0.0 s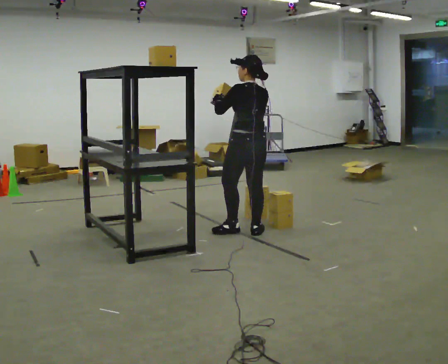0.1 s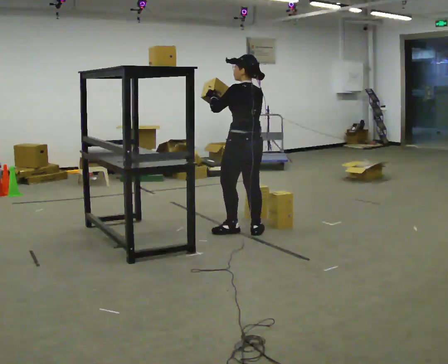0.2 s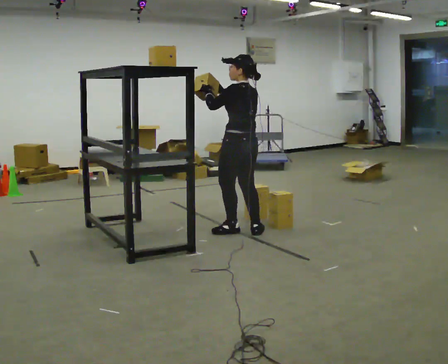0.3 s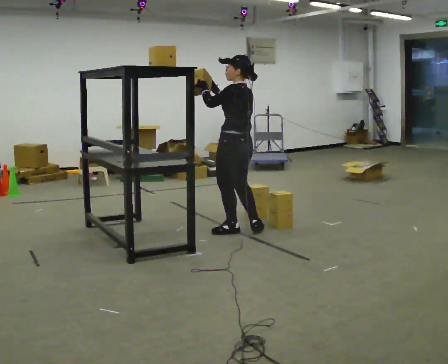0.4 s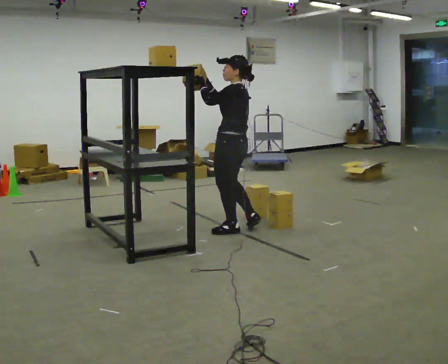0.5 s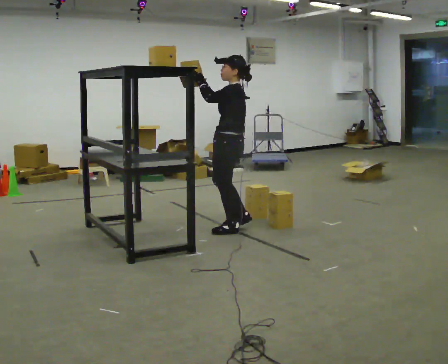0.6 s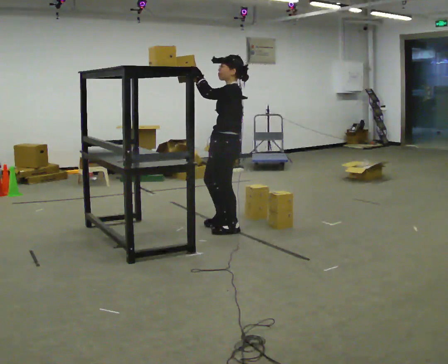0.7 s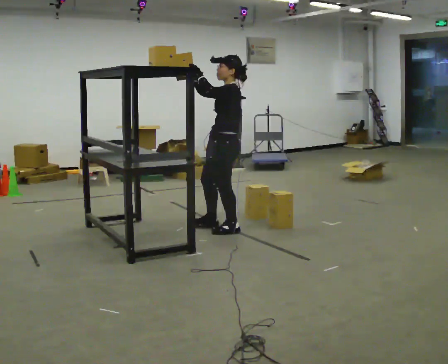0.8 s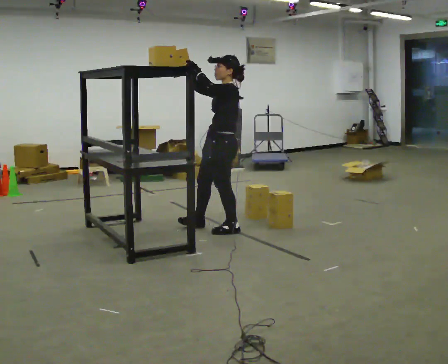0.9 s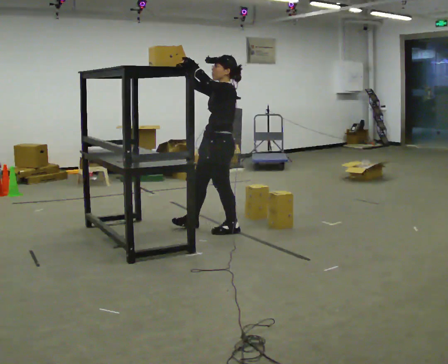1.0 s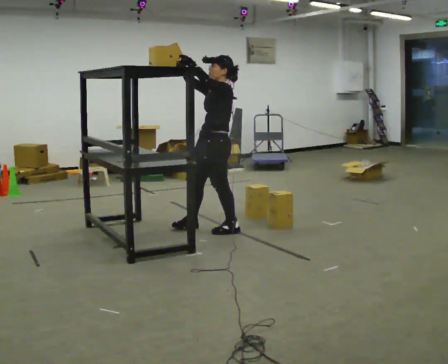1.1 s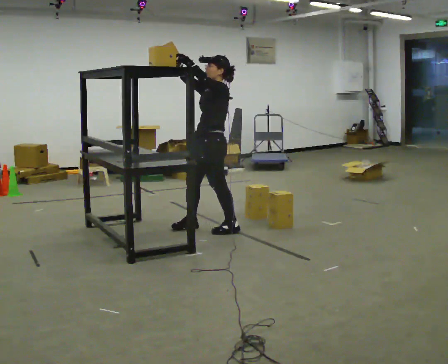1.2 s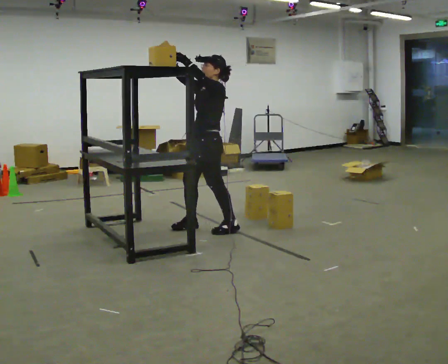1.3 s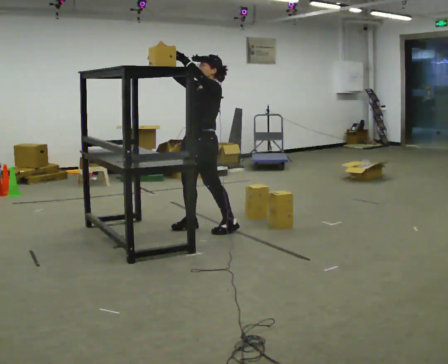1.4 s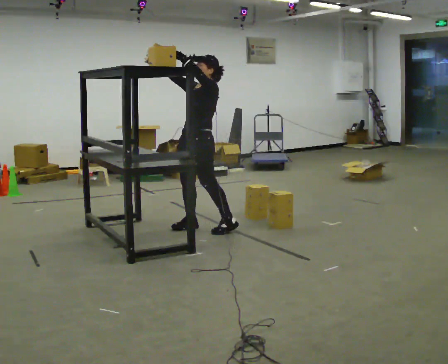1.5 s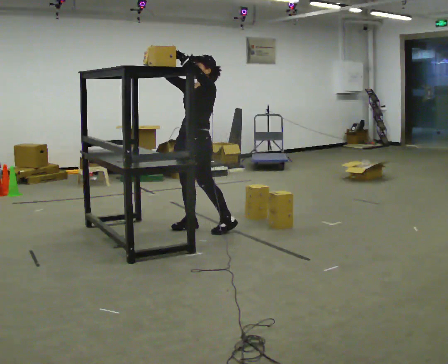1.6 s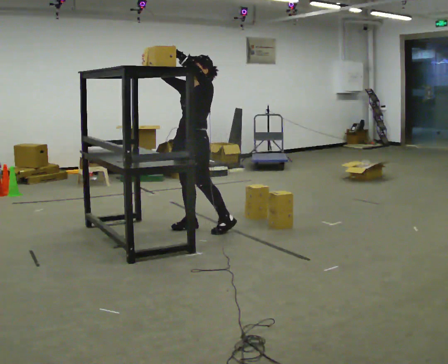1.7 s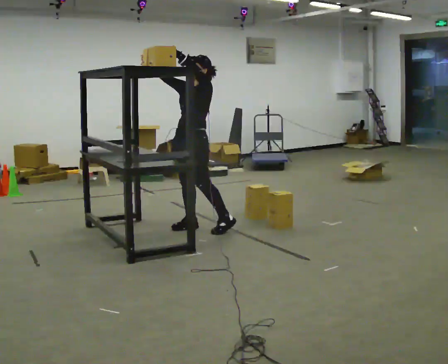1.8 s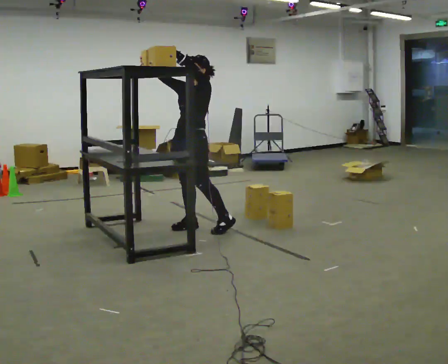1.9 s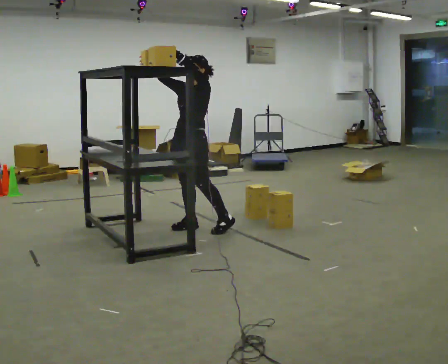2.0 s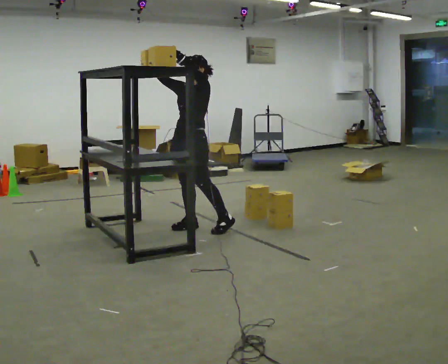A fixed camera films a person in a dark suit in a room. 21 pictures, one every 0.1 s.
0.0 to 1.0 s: The person turns about 75 degrees to their left, counterclockwise seen from above, so the part of the body nearest the lens slides to the right. In the picture they go to the left, about 0.25 m in 1 step. In the picture their right hand goes upward.
1.0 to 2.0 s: The part of the body nearest the lens slides to the right as the person turns to their left by about 30 degrees. In the picture they go to the left, about 0.25 m, which for them is to their right.
The film runs forward here.
